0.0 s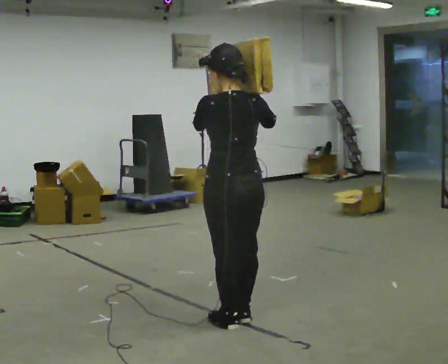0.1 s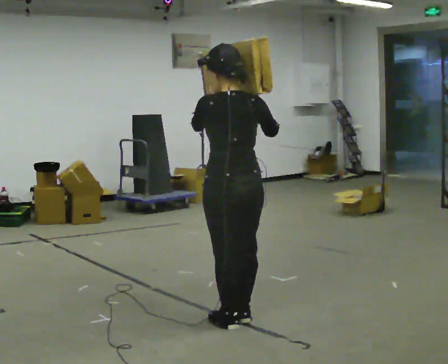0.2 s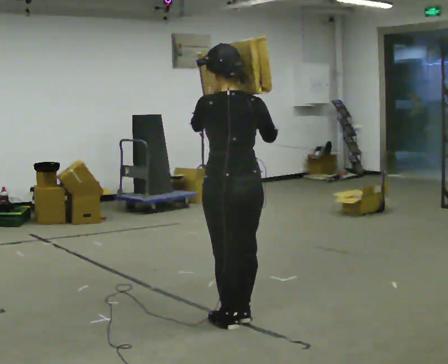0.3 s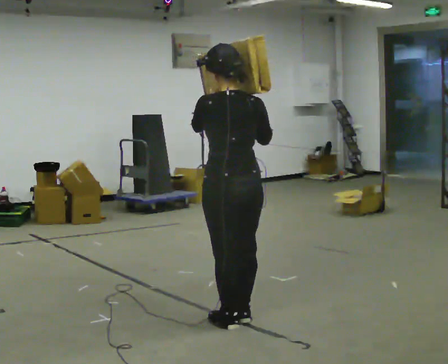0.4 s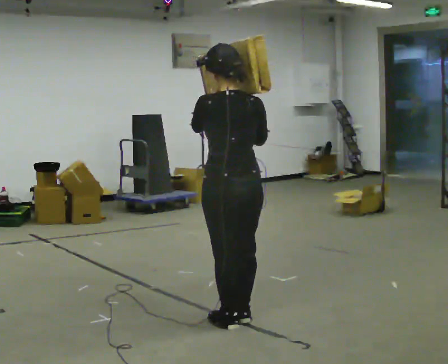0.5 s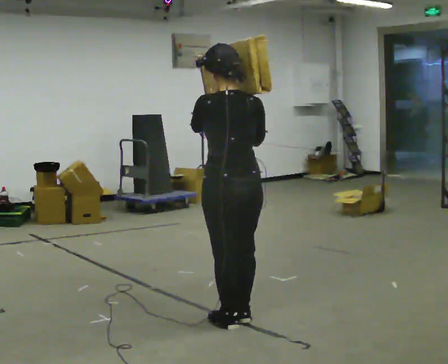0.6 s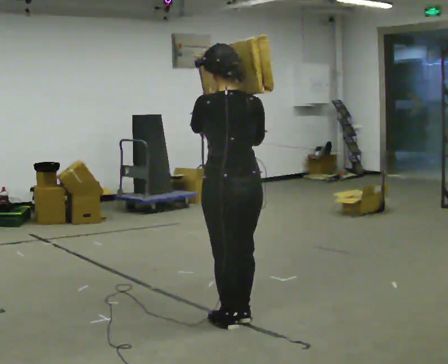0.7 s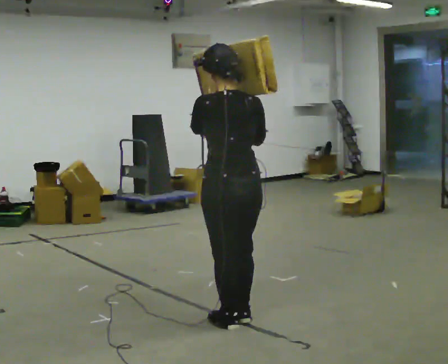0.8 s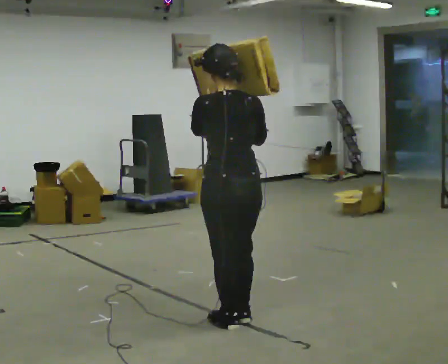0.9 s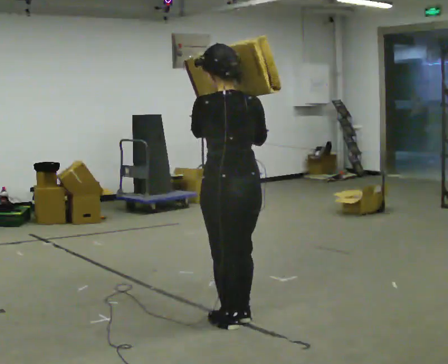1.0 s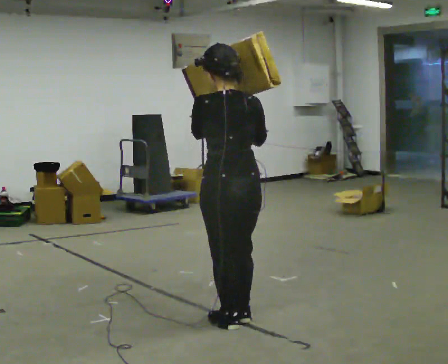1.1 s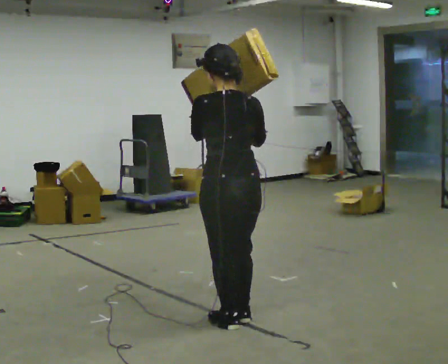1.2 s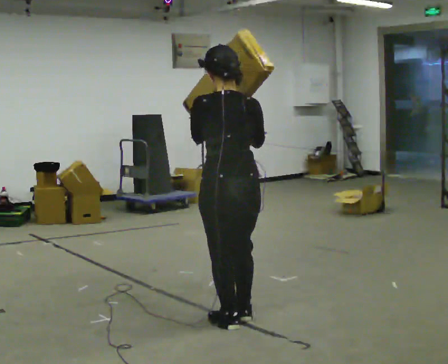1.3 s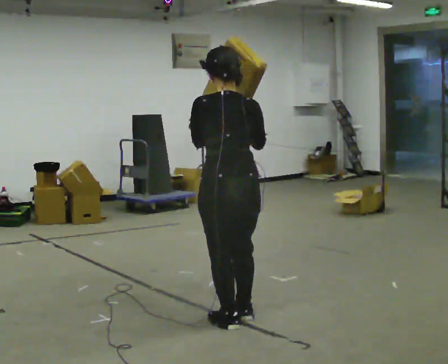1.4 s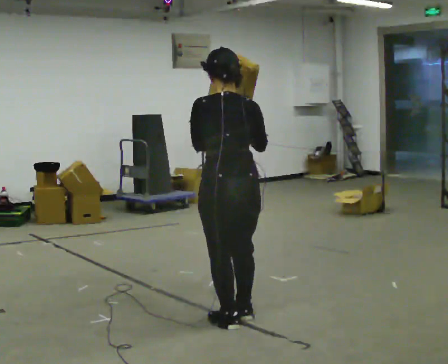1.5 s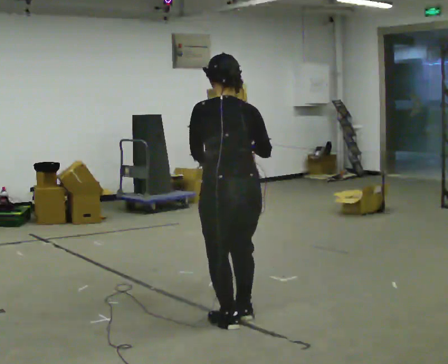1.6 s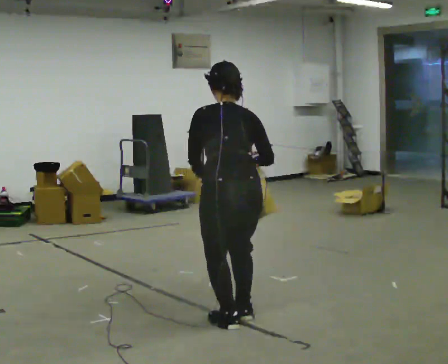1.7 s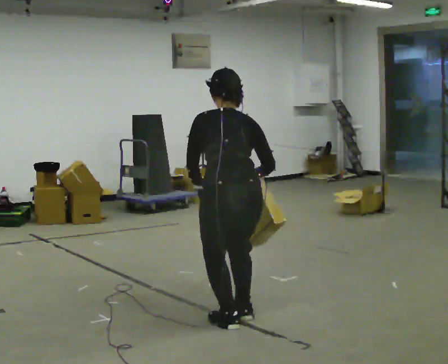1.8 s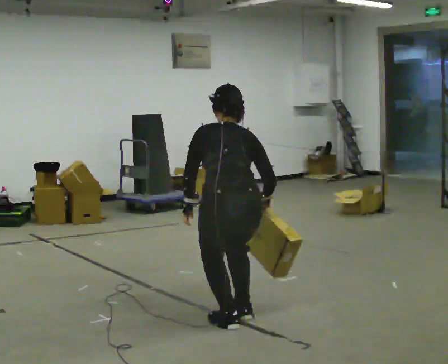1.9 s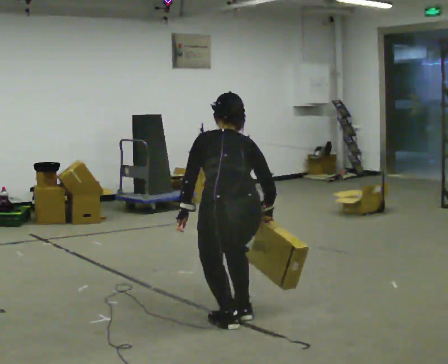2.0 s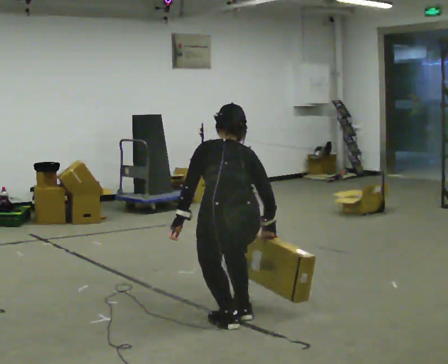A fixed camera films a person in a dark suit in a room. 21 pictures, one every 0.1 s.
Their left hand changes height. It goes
downward.
The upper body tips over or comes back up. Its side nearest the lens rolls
upward.
0.0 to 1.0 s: The person moves a little, or ends about where they began.
1.0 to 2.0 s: The upper body goes downward. The upper body tips away from the camera, its near side rolling upward, as they bend forward. In the picture their left hand goes downward.
The film runs backward here.
